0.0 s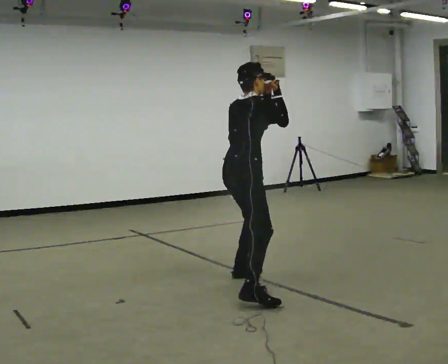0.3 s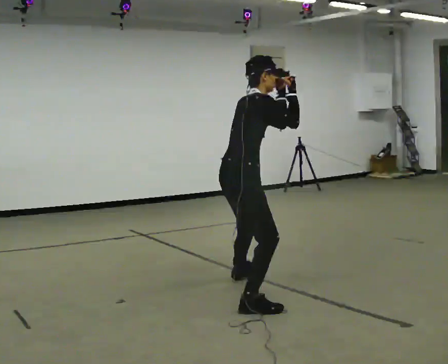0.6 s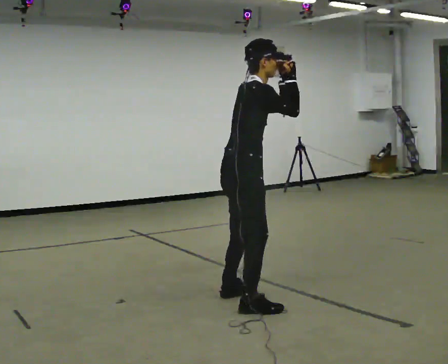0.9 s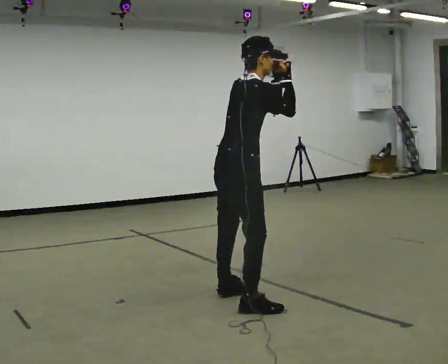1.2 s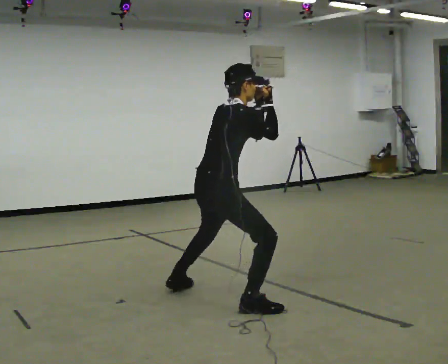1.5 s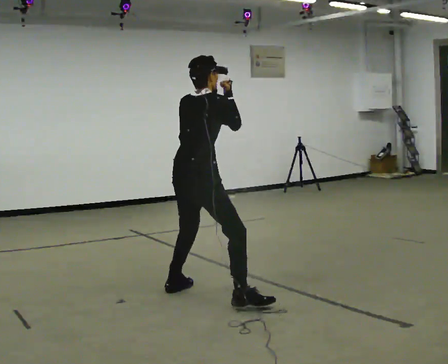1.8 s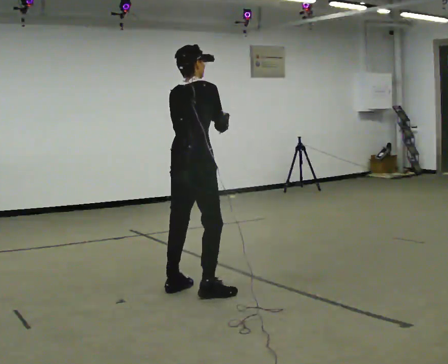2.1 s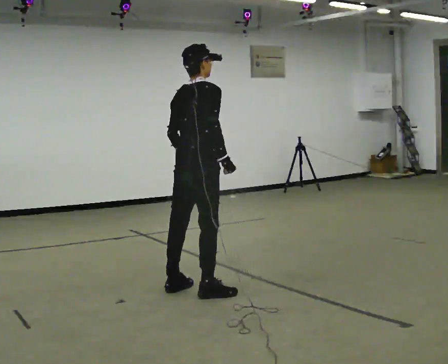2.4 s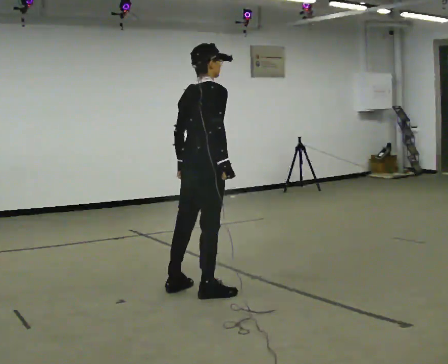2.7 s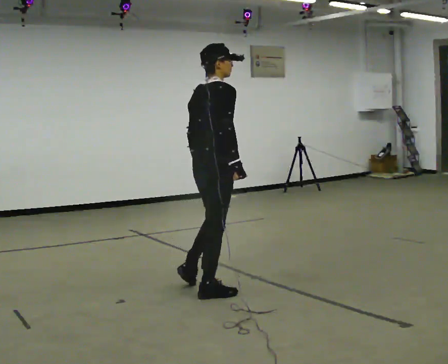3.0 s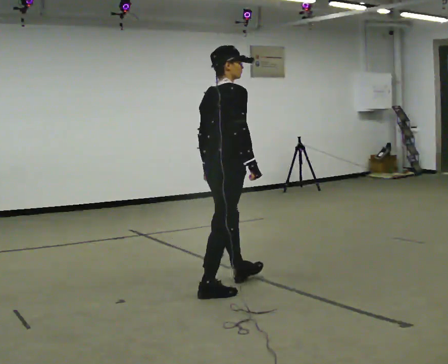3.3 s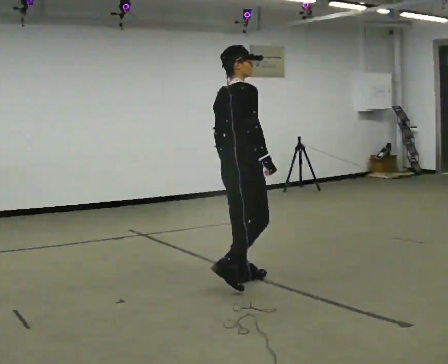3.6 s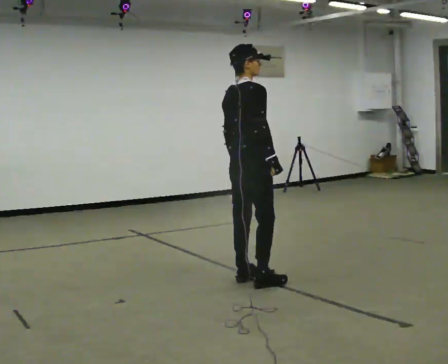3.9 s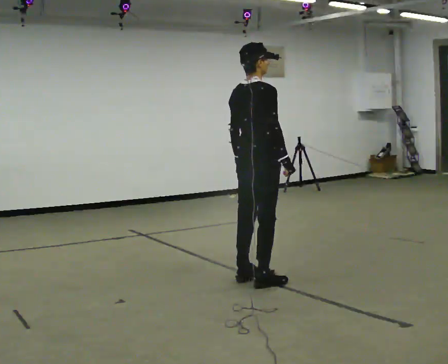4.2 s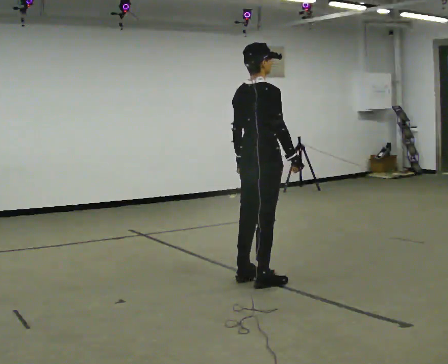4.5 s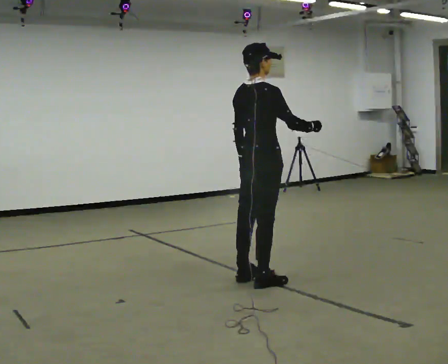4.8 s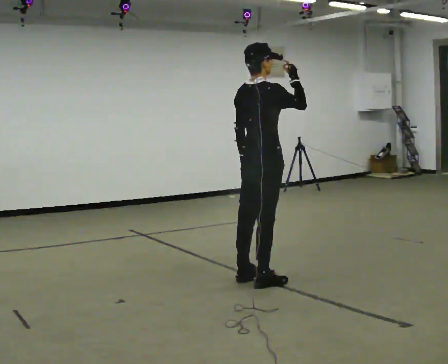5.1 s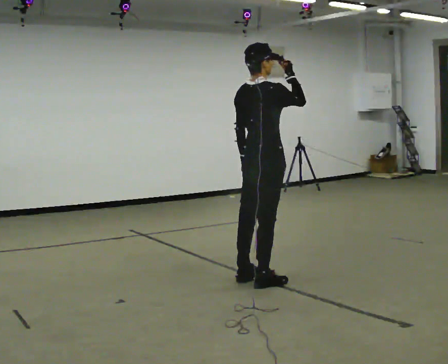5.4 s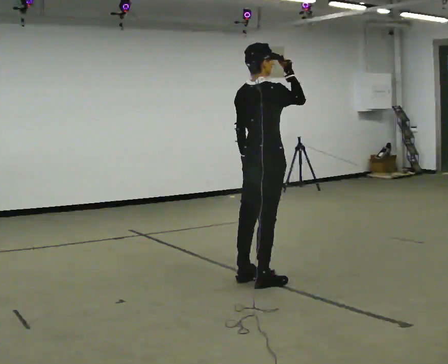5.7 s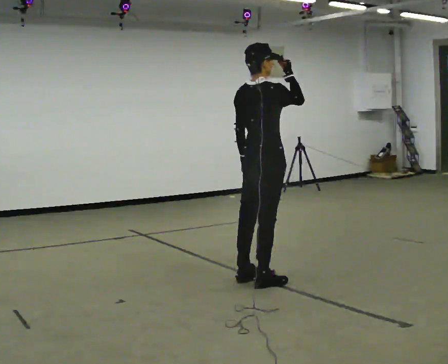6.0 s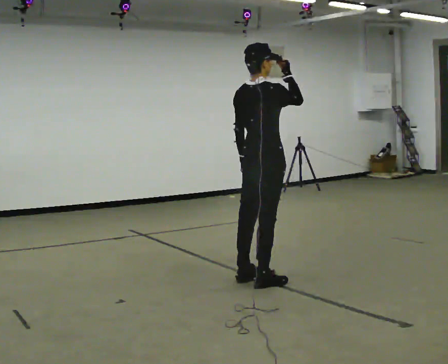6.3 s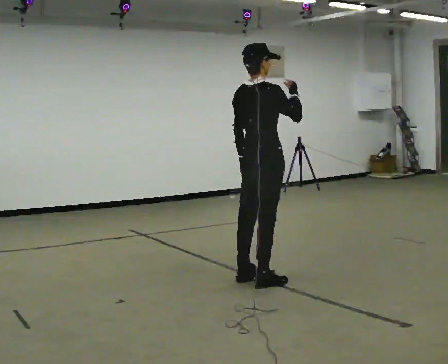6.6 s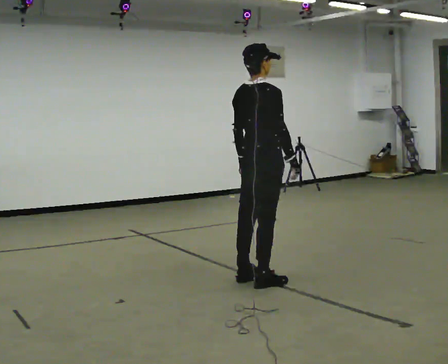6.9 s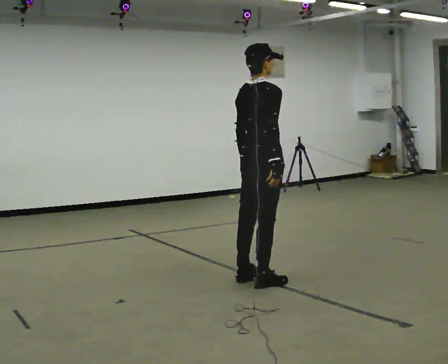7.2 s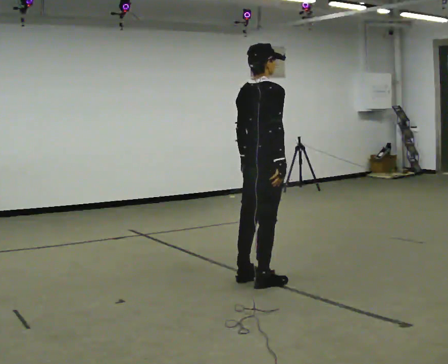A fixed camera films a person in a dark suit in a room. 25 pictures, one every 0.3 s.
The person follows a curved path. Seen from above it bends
clockwise.
0.0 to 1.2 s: In the picture they go toward the camera, about 0.5 m in 3 steps, which for them is to their right and backward.
1.2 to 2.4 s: In the picture they go away from the camera, about 0.25 m in 1 step, which for them is to their left and forward. The upper body goes upward. In the picture the upper body tilts counterclockwise, shoulders to the left. In the picture their right hand goes downward.
2.4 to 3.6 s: In the picture they go to the right and away from the camera, about 0.5 m in 2 steps, which for them is forward.
3.6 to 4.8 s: In the picture their right hand goes upward.
4.8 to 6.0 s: The person moves a little, or ends about where they began.
6.0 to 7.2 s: In the picture their right hand goes downward.
The film runs forward here.
